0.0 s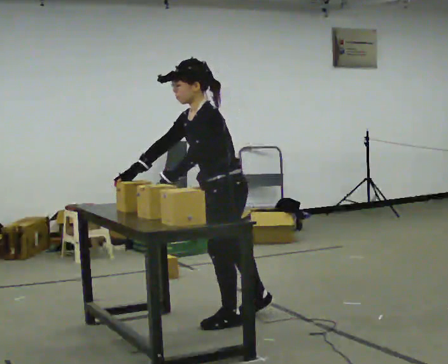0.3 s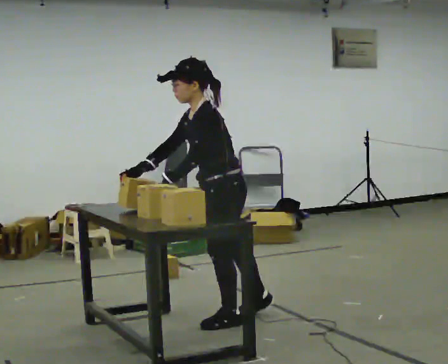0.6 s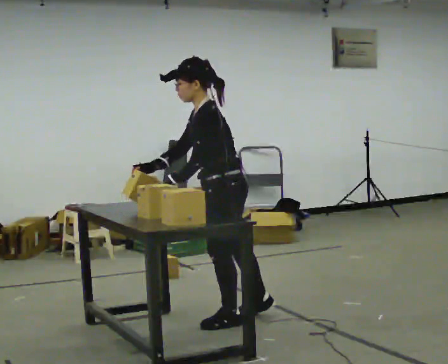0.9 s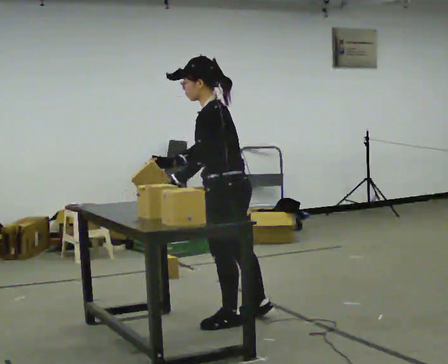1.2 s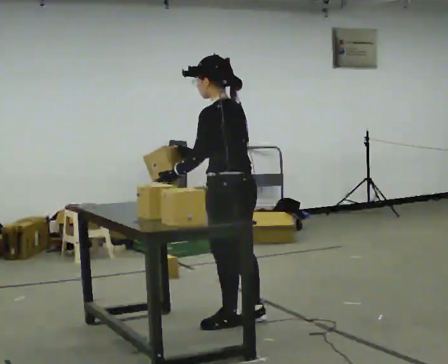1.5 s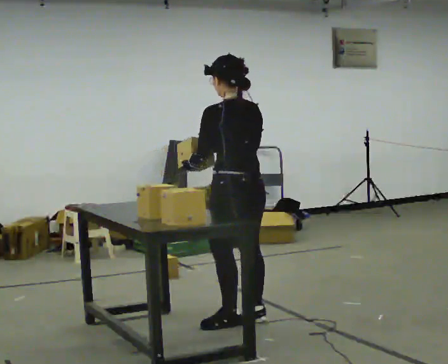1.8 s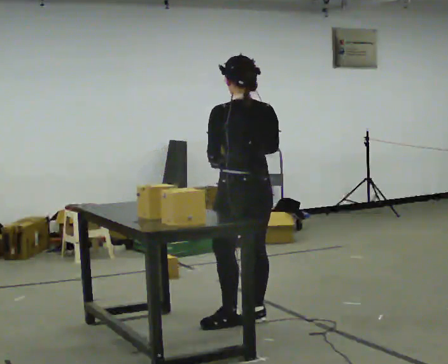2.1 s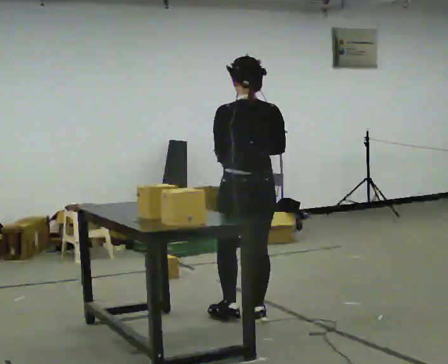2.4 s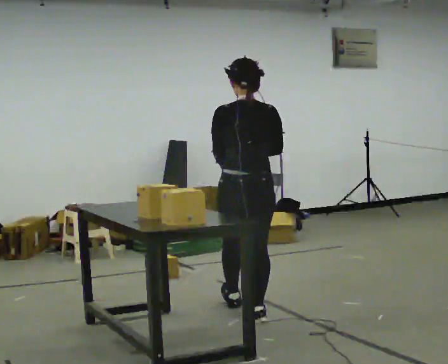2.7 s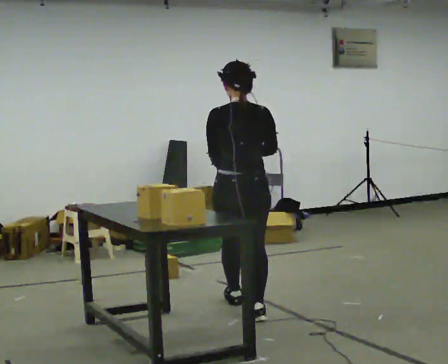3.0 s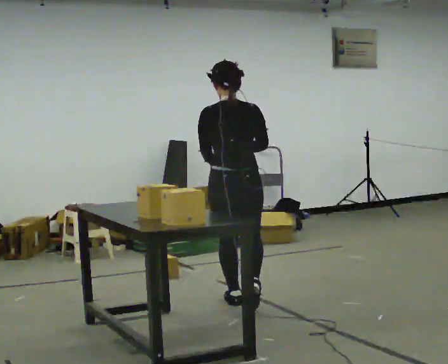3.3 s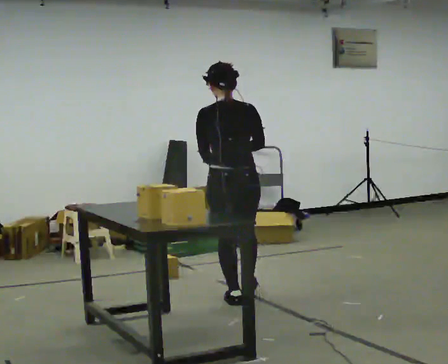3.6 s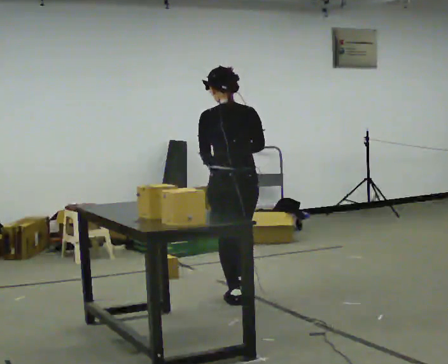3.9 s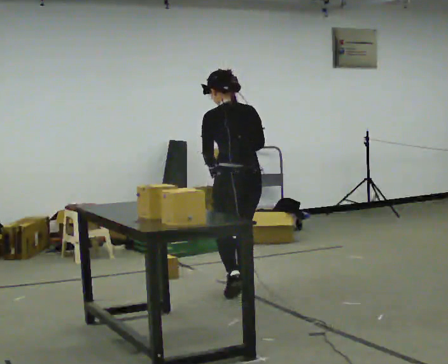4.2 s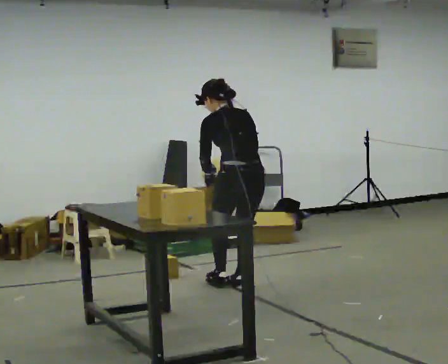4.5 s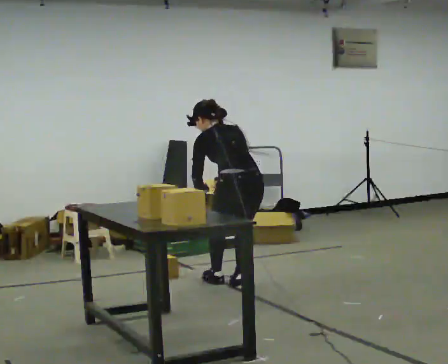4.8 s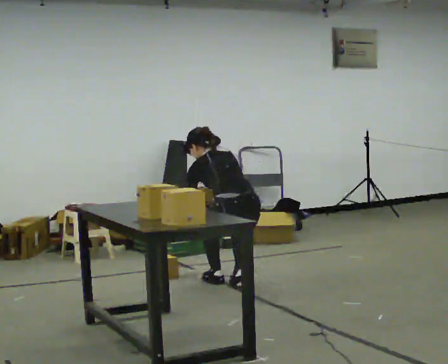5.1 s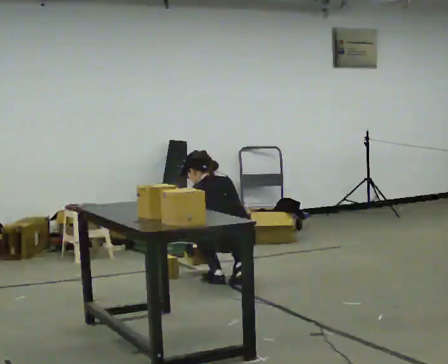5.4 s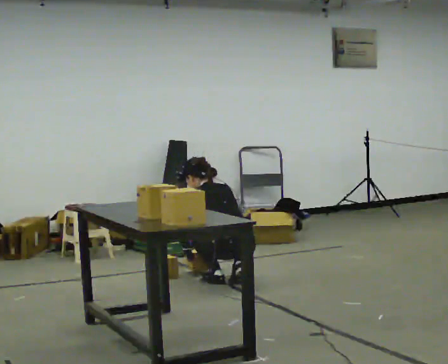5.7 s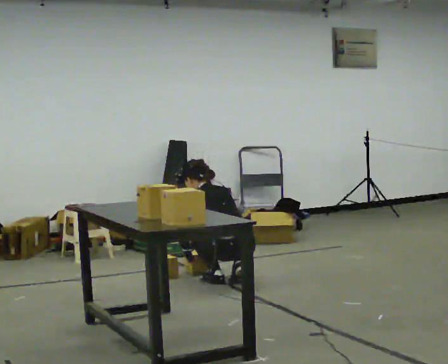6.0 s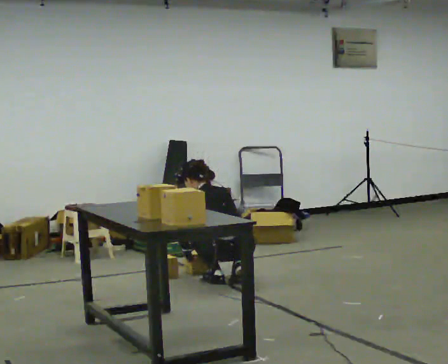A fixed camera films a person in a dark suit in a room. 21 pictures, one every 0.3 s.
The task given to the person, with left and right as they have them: Carry the fragile object across the room and set it down as gently as you can. Keep going until the operator says stop; one object at a time, and do not rush between trips.
0.0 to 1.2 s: Seen from above the body turns clockwise, about 45 degrees: to their right, with its near side sliding to the left. In the picture the upper body tilts clockwise, shoulders to the right, as they lean back or straighten. In the picture their right hand goes to the right.
1.2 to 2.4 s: The person turns about 45 degrees to their right, clockwise seen from above, so the part of the body nearest the lens slides to the left.
2.4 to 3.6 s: In the picture they go away from the camera, about 0.5 m in 2 steps, which for them is forward.
3.6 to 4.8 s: In the picture they go away from the camera, about 0.25 m in 1 step, which for them is forward. The shoulders move downward. The upper body tips away from the camera, its near side rolling upward, as they bend forward. In the picture their left hand goes downward.
4.8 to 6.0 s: The shoulders move downward.
The film runs forward here.
